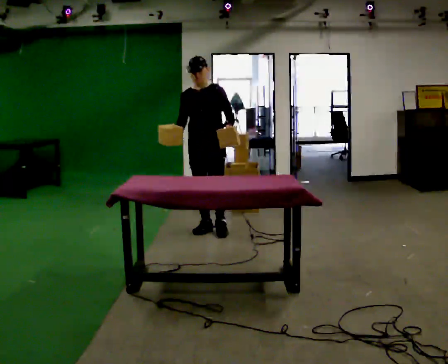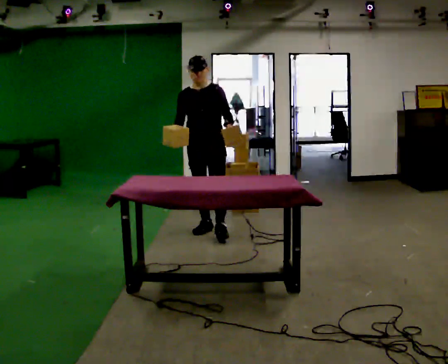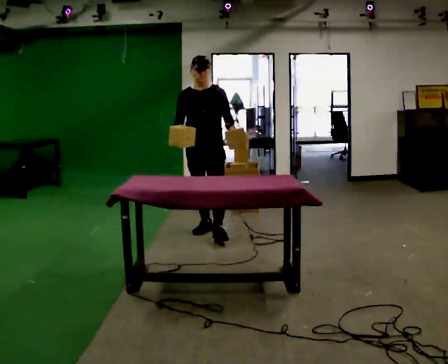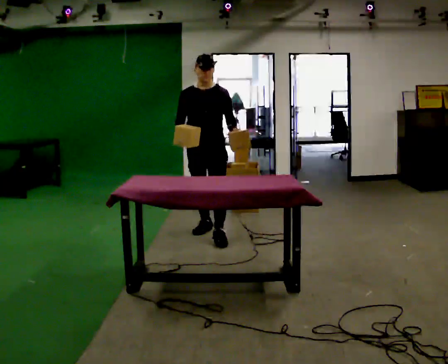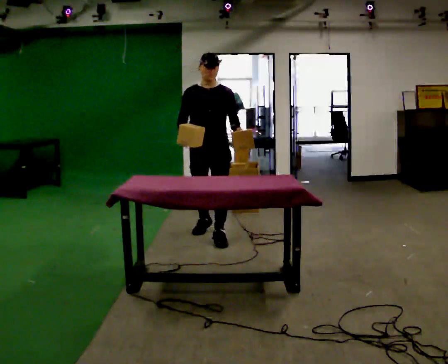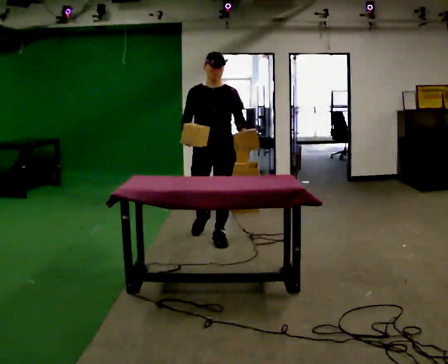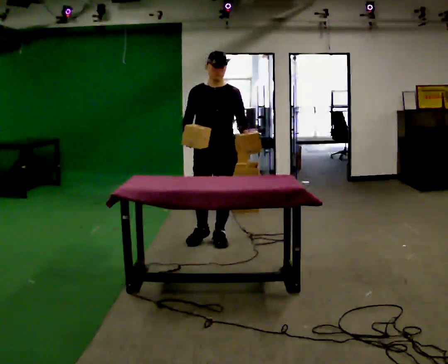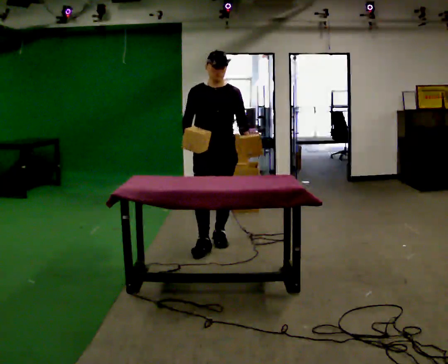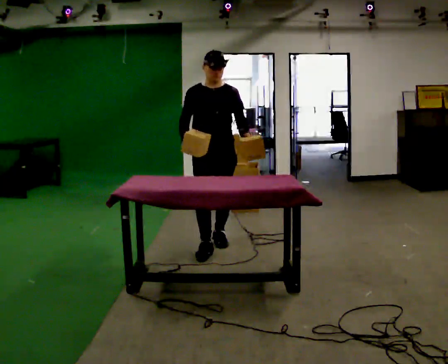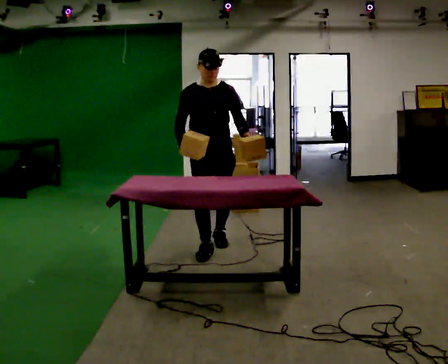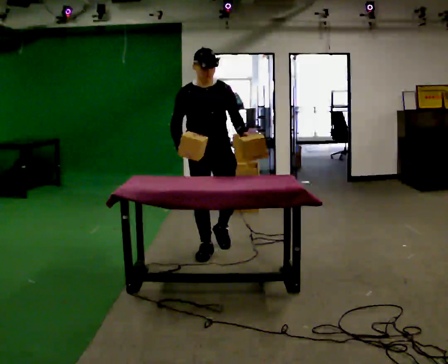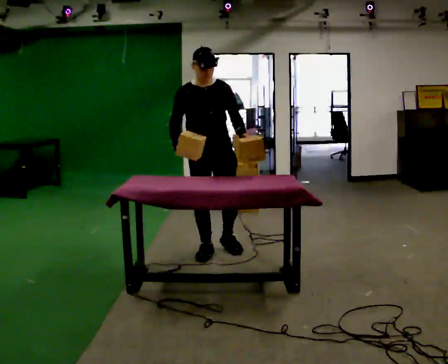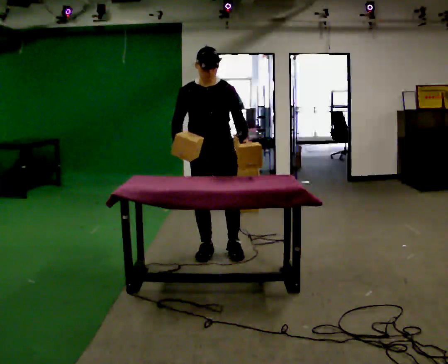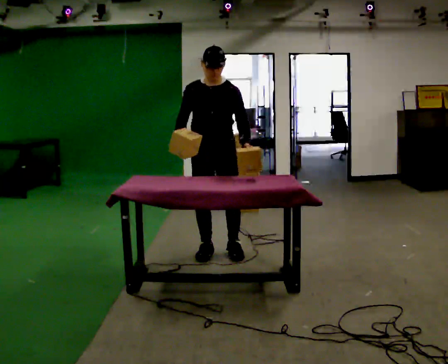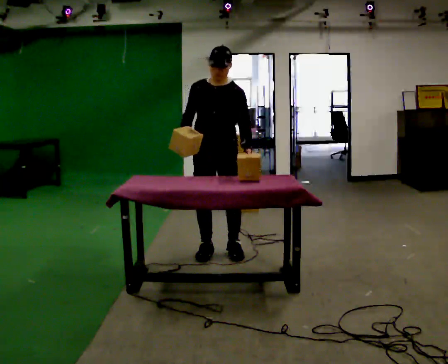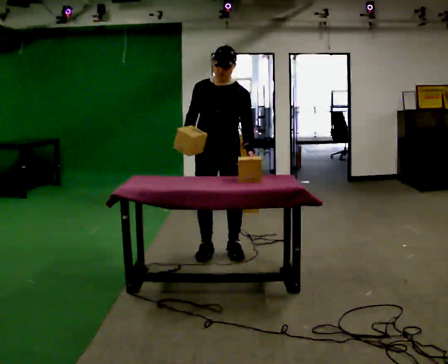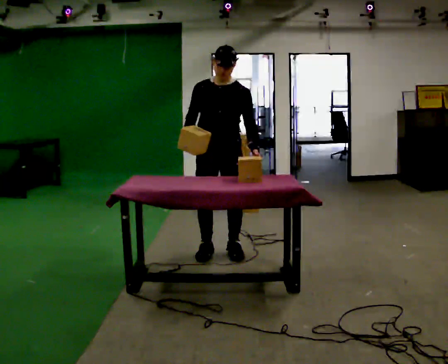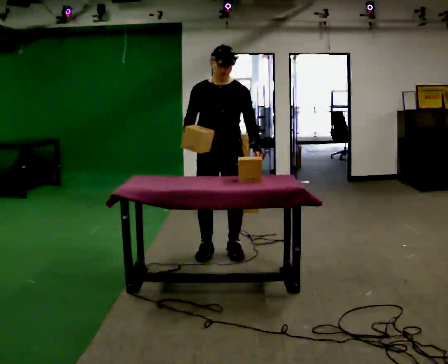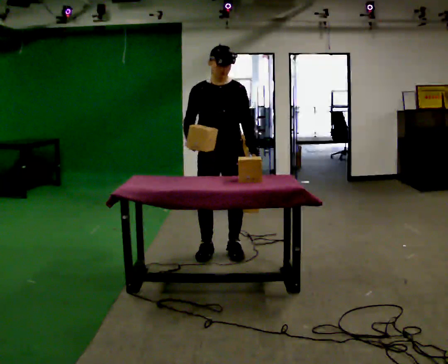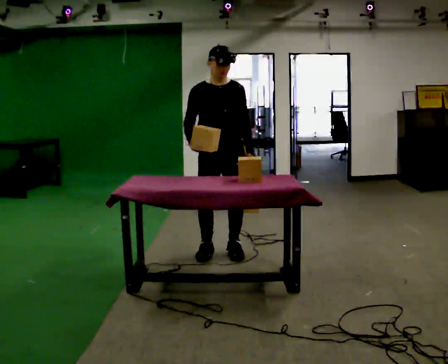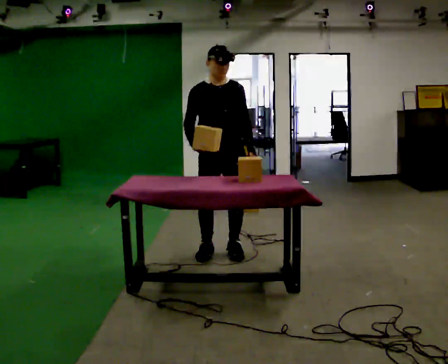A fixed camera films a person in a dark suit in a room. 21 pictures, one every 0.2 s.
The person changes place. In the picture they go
toward the camera.
0.0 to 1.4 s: In the picture they go toward the camera, about 0.5 m in 1 step, which for them is forward.
1.4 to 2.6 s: In the picture they go toward the camera, about 0.25 m in 2 steps, which for them is forward.
2.6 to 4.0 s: The person moves a little, or ends about where they began.
The film runs forward here.
